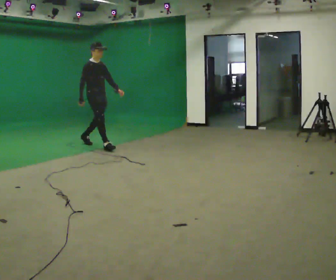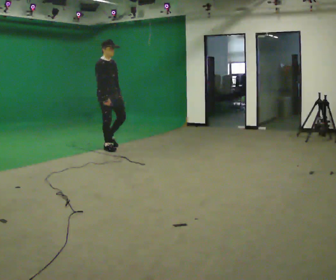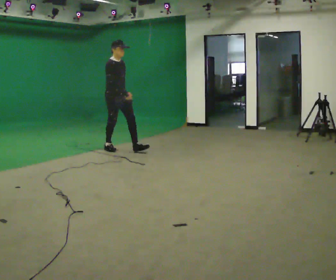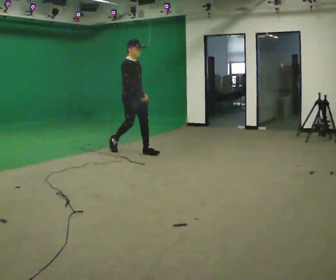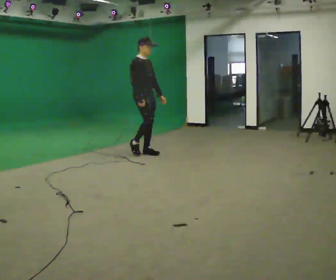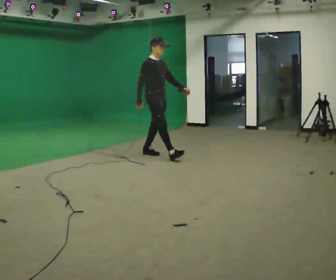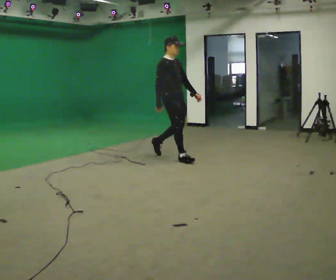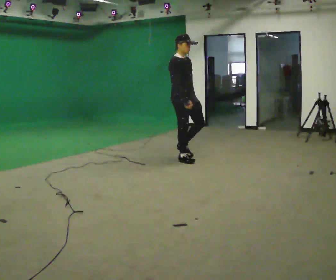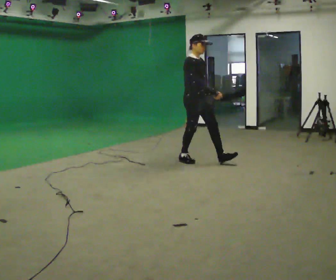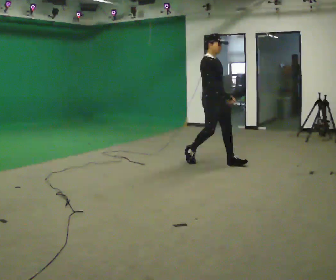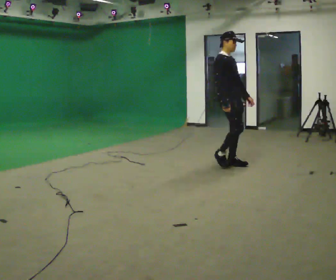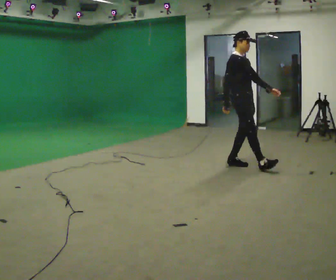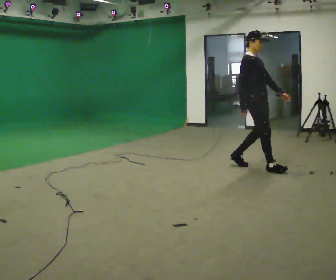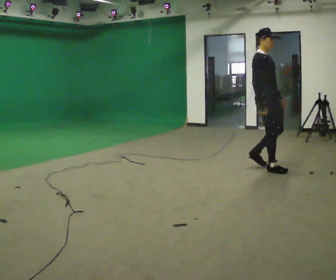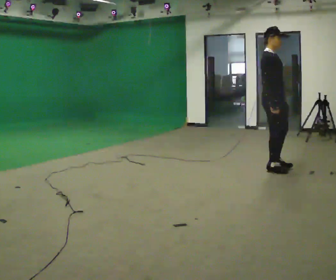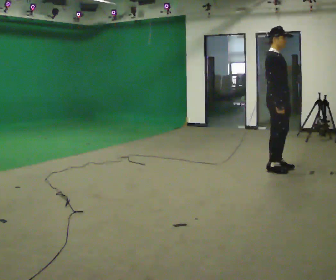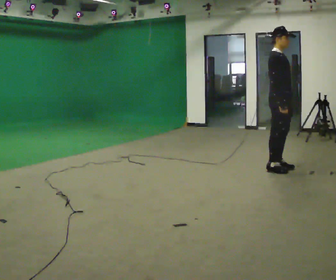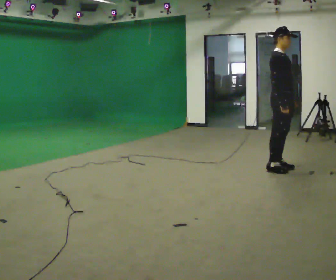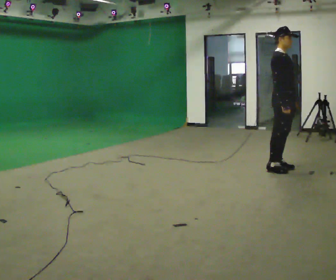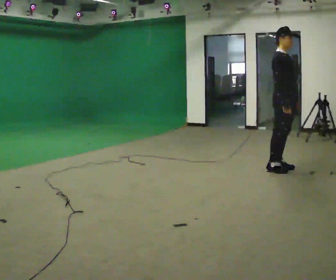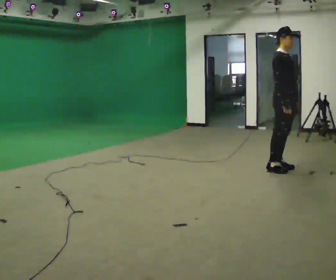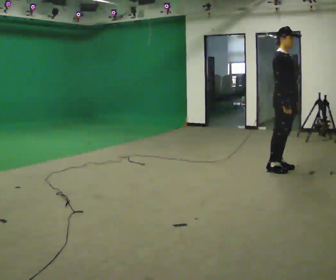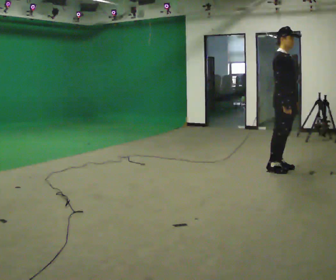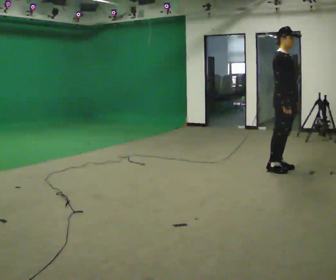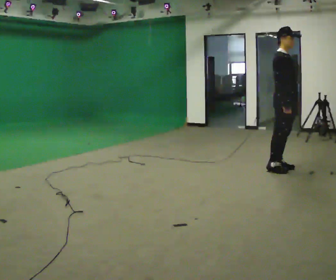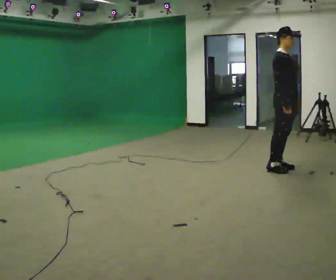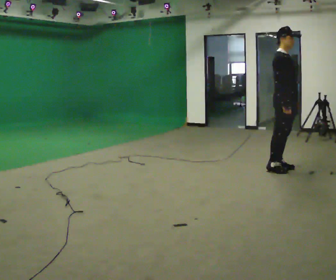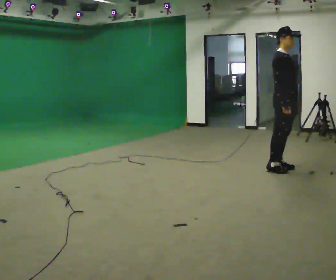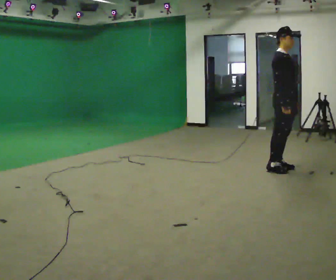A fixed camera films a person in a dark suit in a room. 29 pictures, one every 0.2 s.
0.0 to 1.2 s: In the picture they go to the right, about 1.5 m in 2 steps, which for them is forward.
1.2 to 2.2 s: In the picture they go to the right, about 1 m in 1 step, which for them is forward.
2.2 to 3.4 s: In the picture they go to the right, about 0.5 m in 2 steps, which for them is forward.
3.4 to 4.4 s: The person moves a little, or ends about where they began.
4.4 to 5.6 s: The person keeps their place and pose.
The film runs forward here.
